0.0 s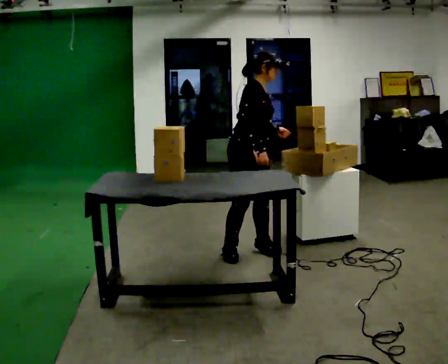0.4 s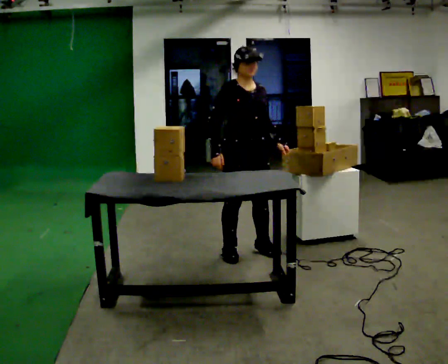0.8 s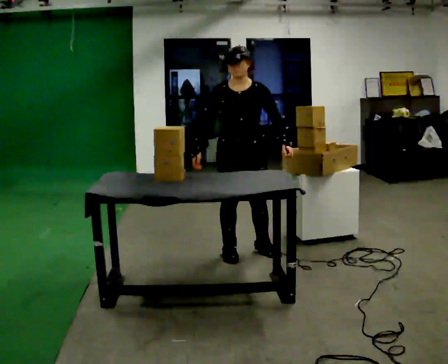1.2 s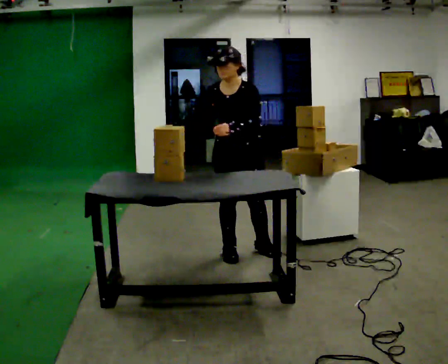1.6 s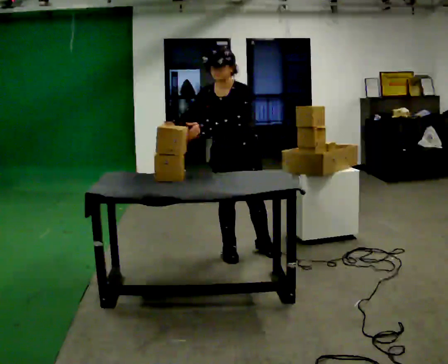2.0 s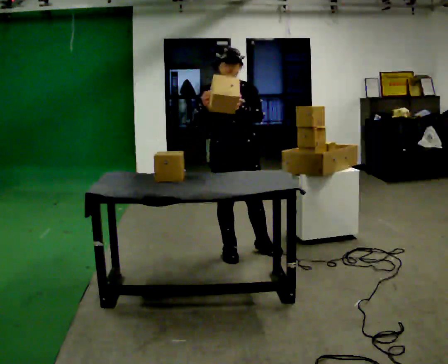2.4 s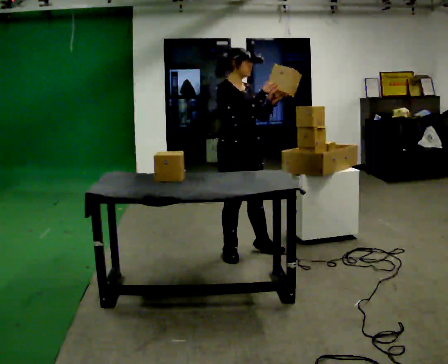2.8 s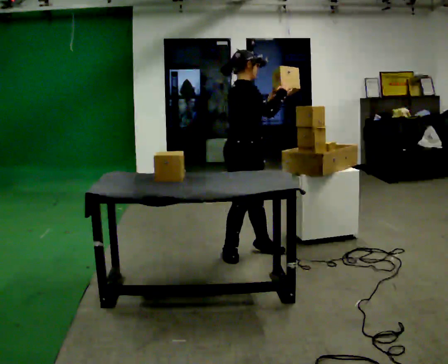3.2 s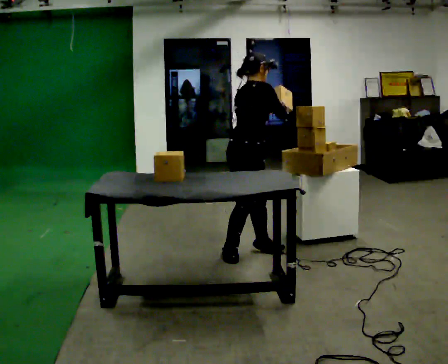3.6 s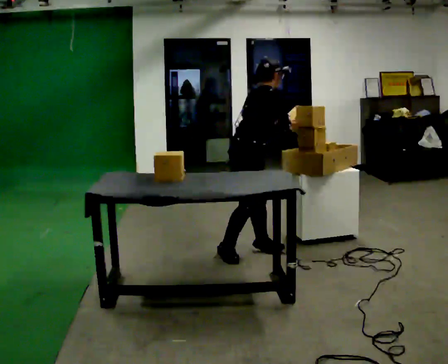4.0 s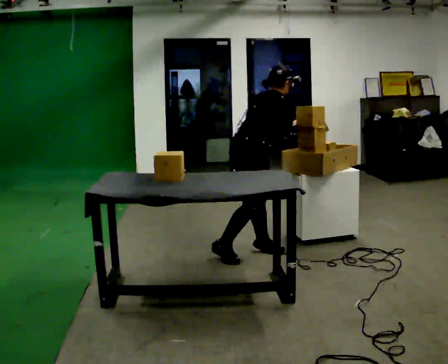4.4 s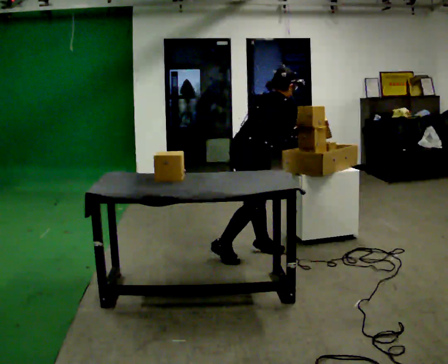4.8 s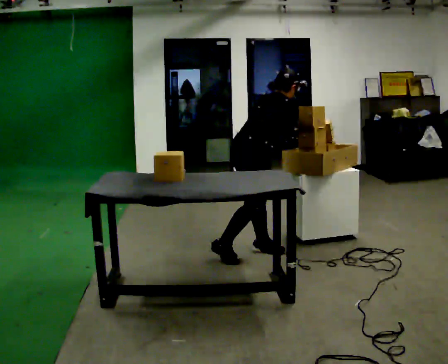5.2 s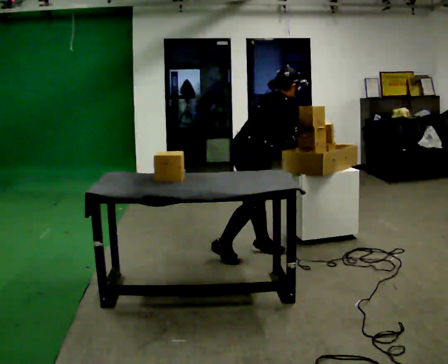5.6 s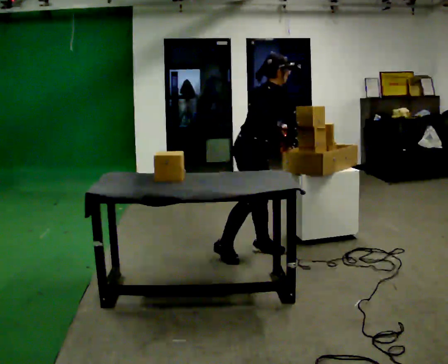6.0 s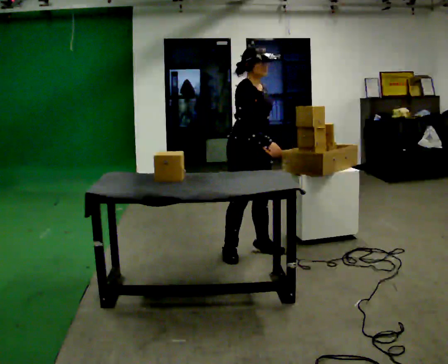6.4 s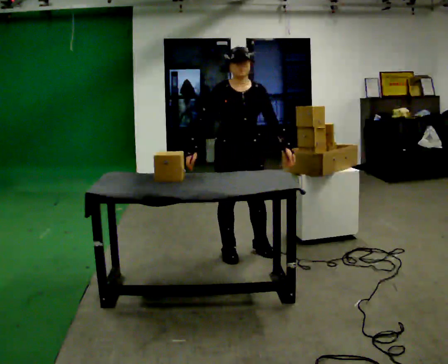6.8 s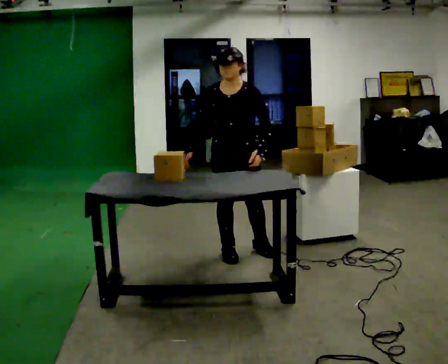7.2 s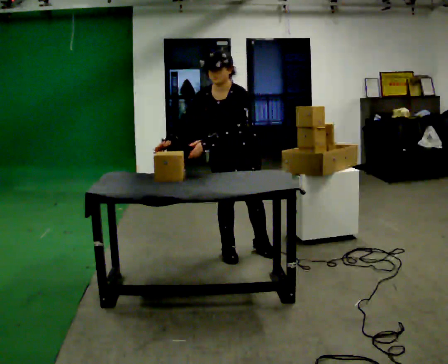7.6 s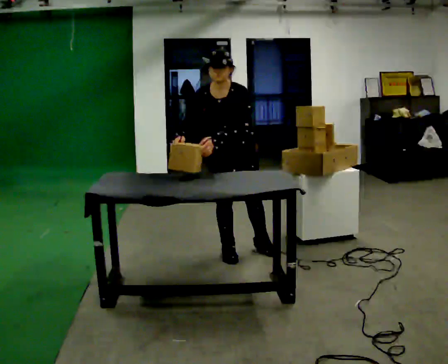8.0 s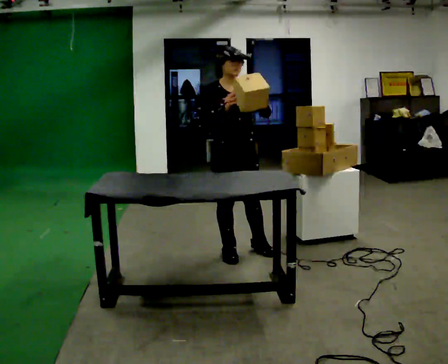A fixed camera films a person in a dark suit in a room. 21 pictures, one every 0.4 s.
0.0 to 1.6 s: The person turns about 75 degrees to their right, clockwise seen from above, so the part of the body nearest the lens slides to the left. The upper body tips toward the camera, its near side rolling downward. In the picture their left hand goes to the left.
1.6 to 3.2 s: The person turns about 105 degrees to their left, counterclockwise seen from above, so the part of the body nearest the lens slides to the right. The upper body tips away from the camera, its near side rolling upward. In the picture their right hand goes to the right.
3.2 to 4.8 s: The part of the body nearest the lens slides to the right as the person turns to their left by about 30 degrees. In the picture the upper body tilts clockwise, shoulders to the right, as they bend forward. In the picture their left hand goes to the right.
4.8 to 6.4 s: Seen from above the body turns clockwise, about 105 degrees: to their right, with its near side sliding to the left. The upper body tips toward the camera, its near side rolling downward, as they lean back or straighten. In the picture their right hand goes to the left.
6.4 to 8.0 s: In the picture their right hand goes upward.
The film runs forward here.
